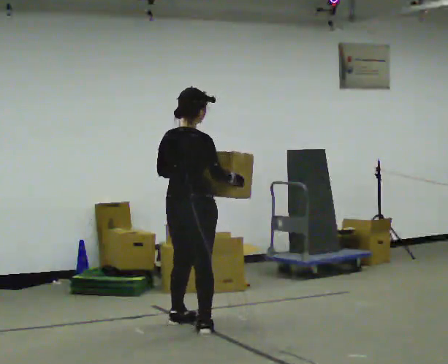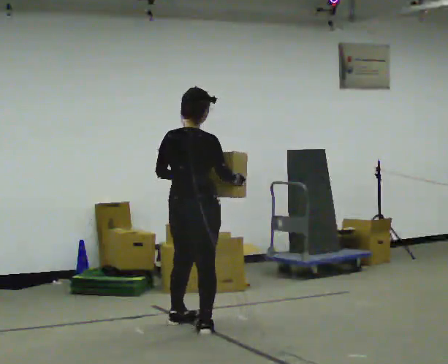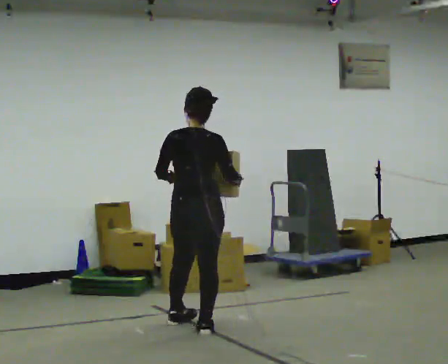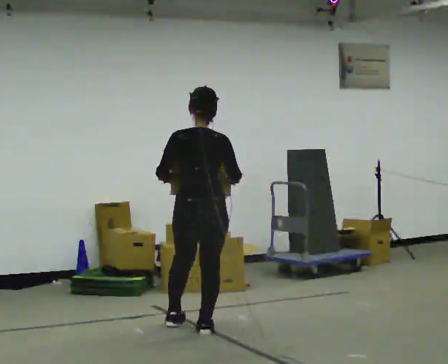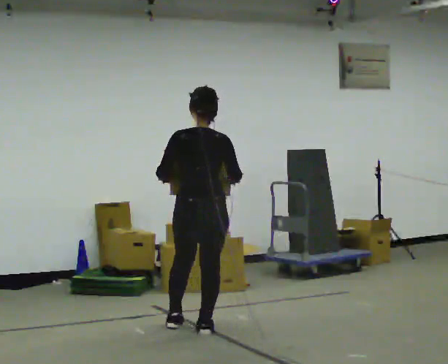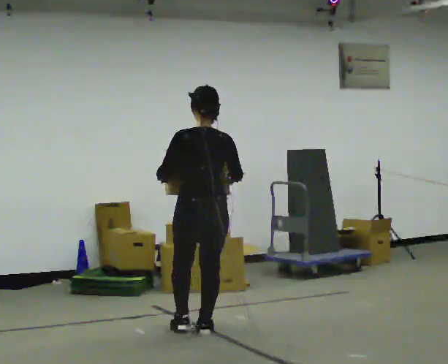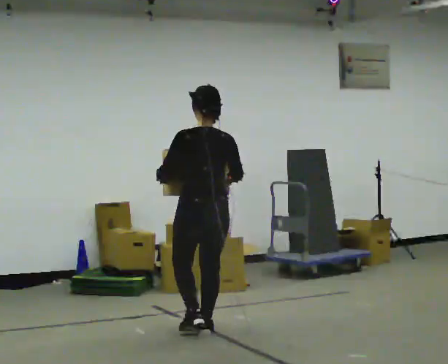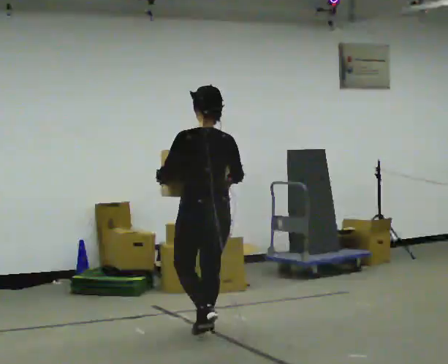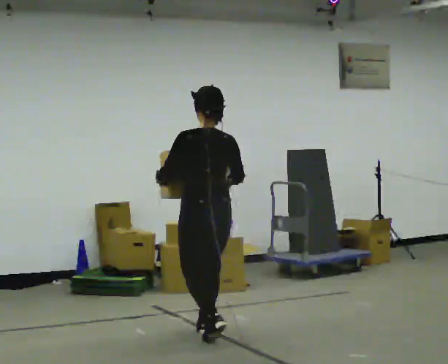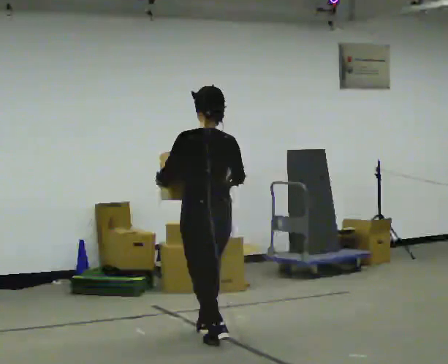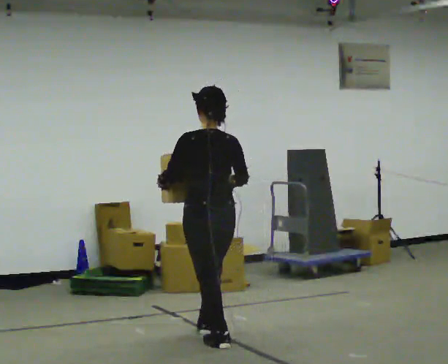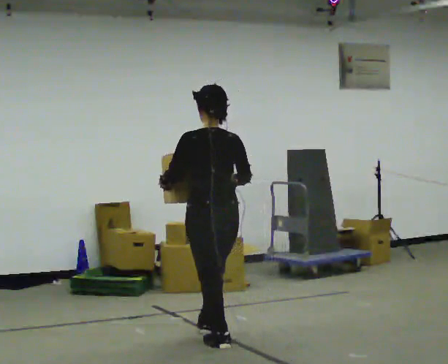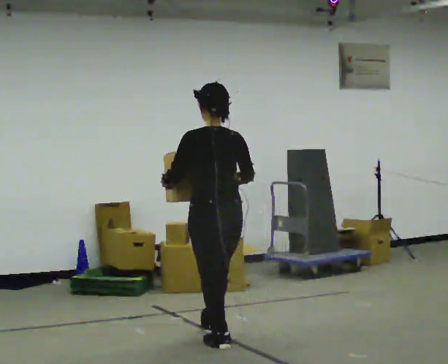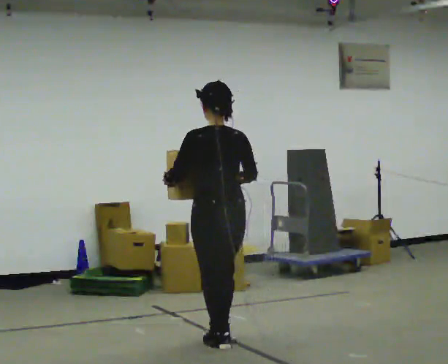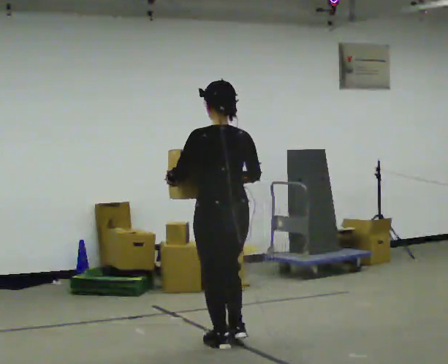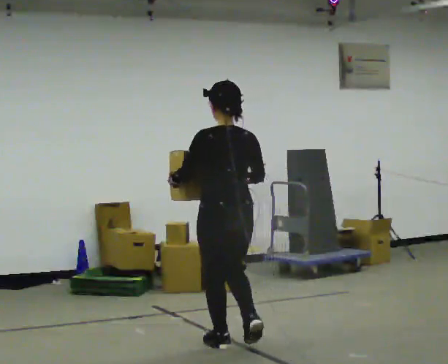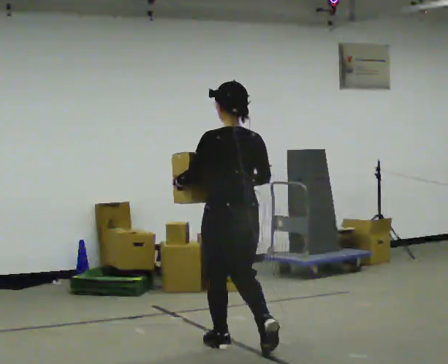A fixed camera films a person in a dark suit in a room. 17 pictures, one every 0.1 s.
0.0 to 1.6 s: The part of the body nearest the lens slides to the right as the person turns to their left by about 60 degrees. In the picture they go toward the camera and to the right, about 0.75 m in 2 steps.
The film runs backward here.
